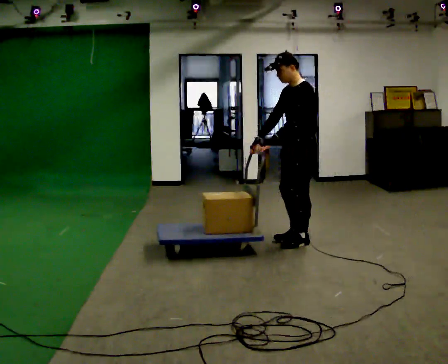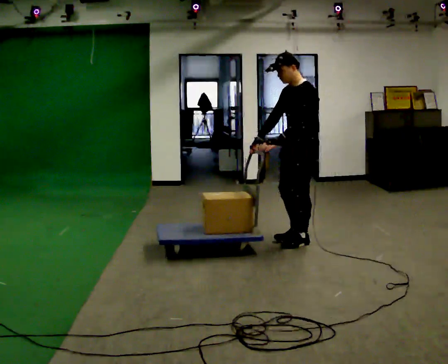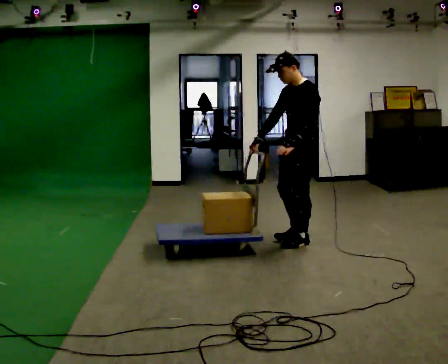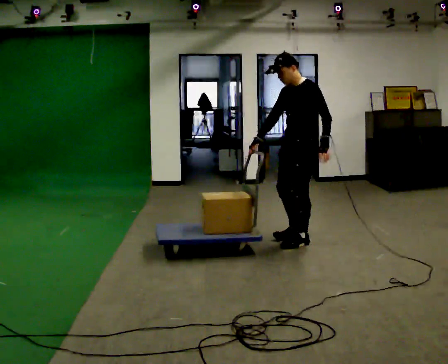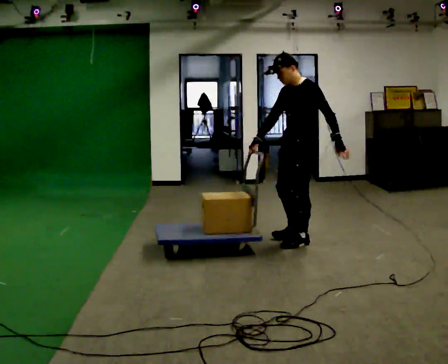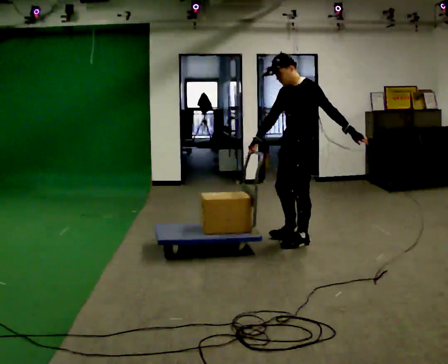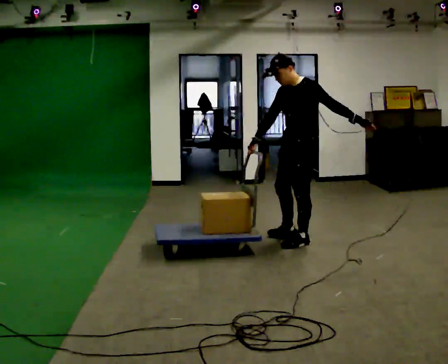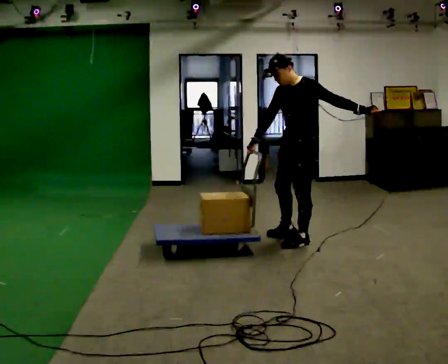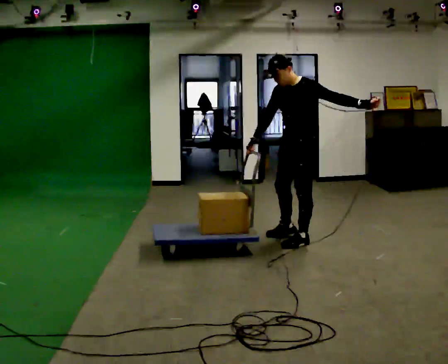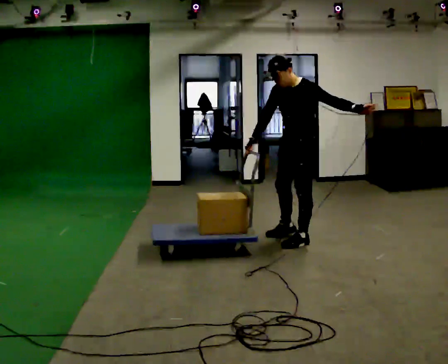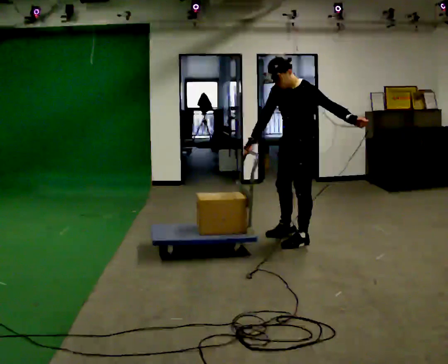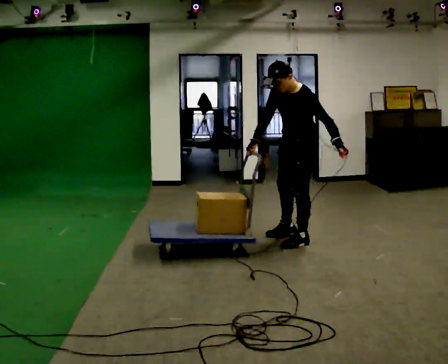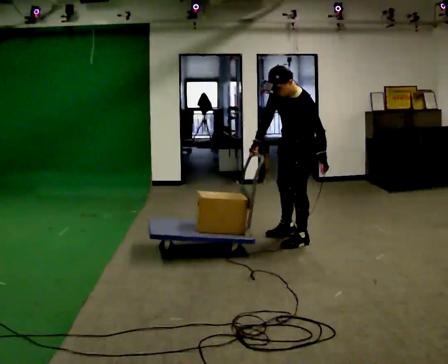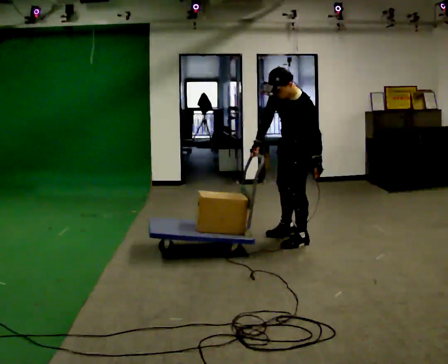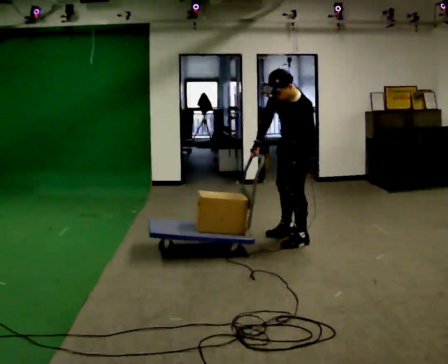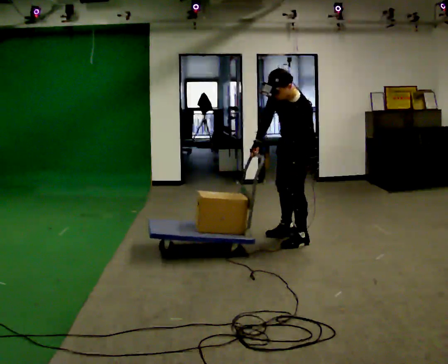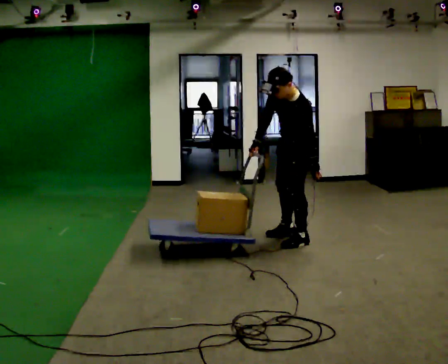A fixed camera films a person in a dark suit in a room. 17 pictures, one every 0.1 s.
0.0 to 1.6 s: The upper body tips toward the camera, its near side rolling downward, as they bend forward. In the picture their left hand goes to the right.
The film runs backward here.
